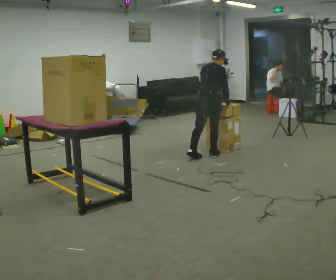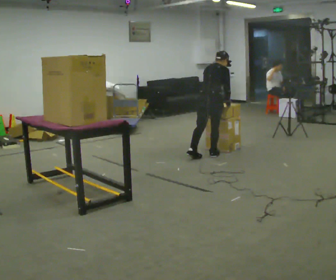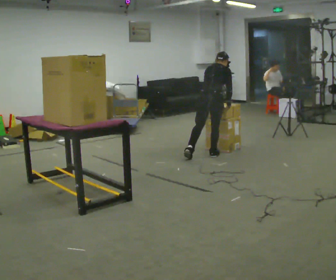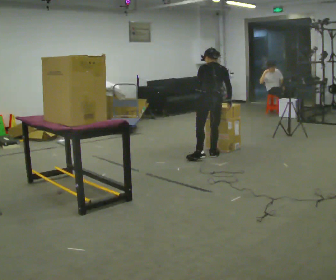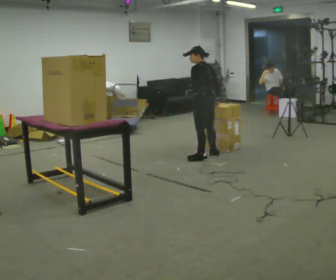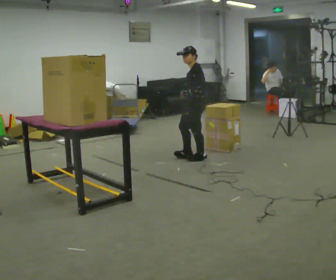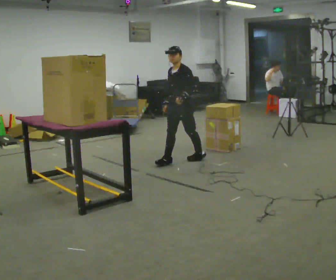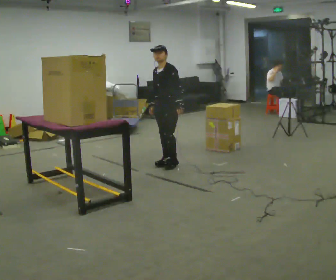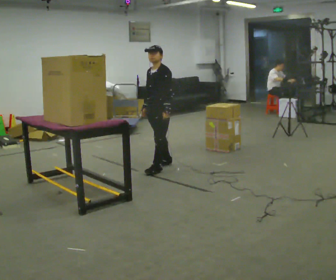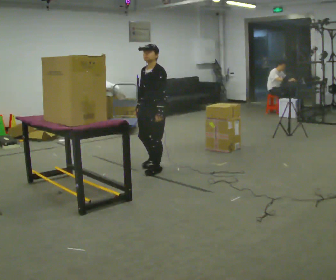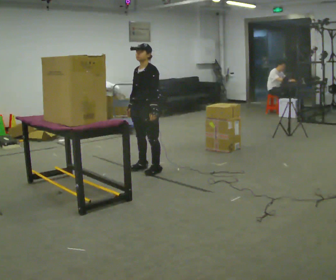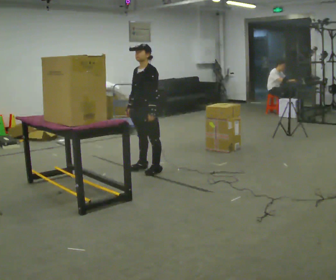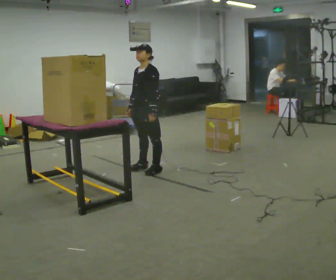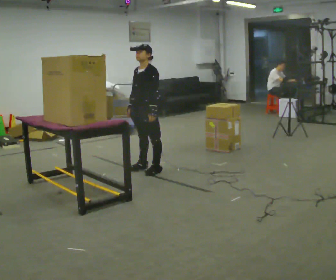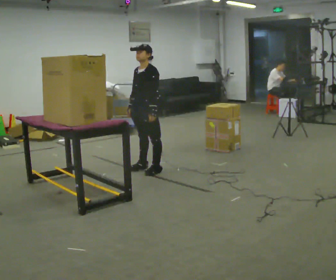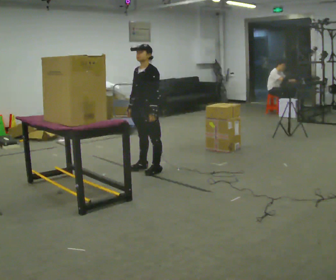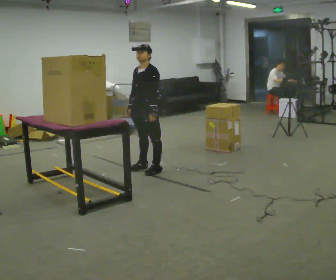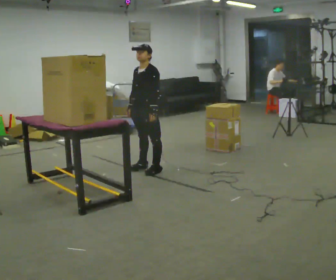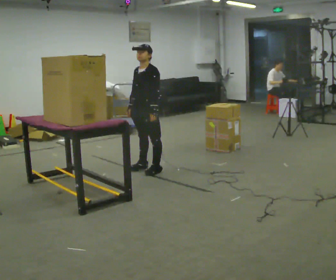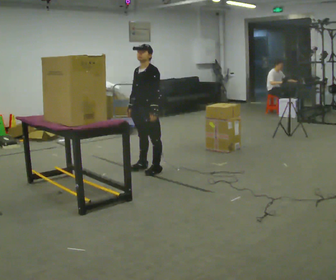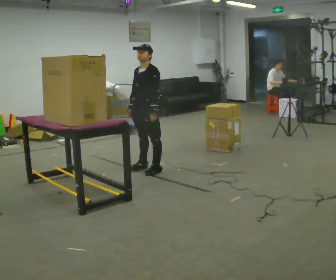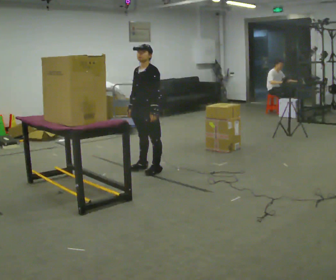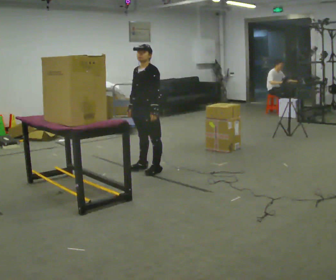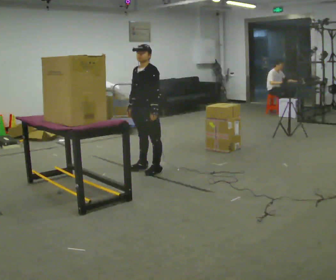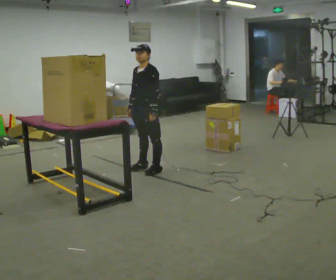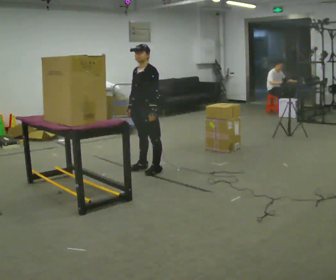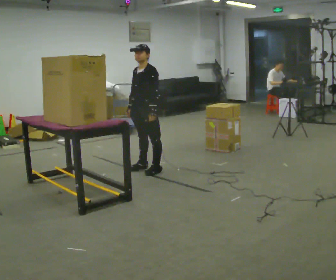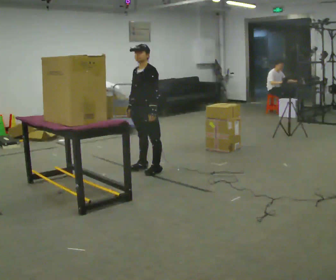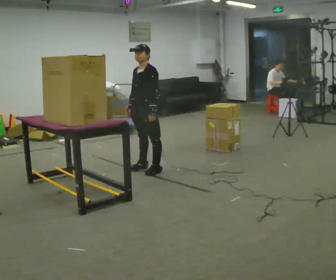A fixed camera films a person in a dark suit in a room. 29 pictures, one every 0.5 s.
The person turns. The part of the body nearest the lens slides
to the right.
The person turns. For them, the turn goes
to their left.
0.0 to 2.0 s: The person turns about 75 degrees to their left, counterclockwise seen from above, so the part of the body nearest the lens slides to the right. In the picture their left hand goes to the left.
2.0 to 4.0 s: The person turns about 90 degrees to their left, counterclockwise seen from above, so the part of the body nearest the lens slides to the right. In the picture they go to the left and toward the camera, about 0.75 m in 2 steps.
4.0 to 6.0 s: In the picture they go to the left, about 0.25 m in 1 step, which for them is forward.
6.0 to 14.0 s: The person keeps their place and pose.
The film runs forward here.
